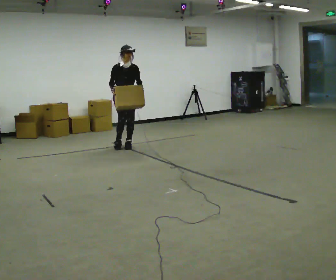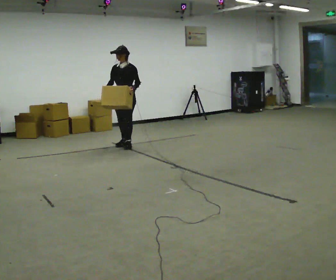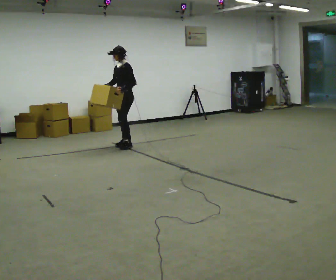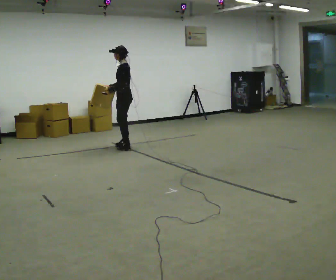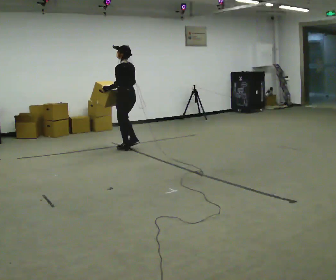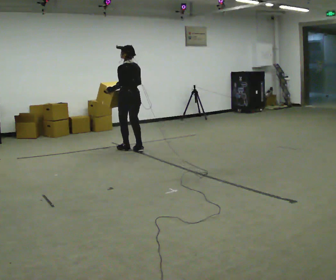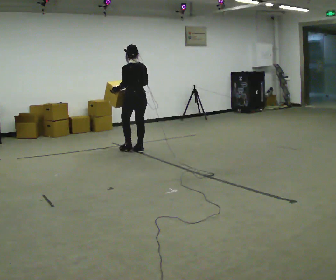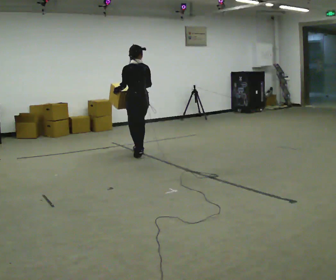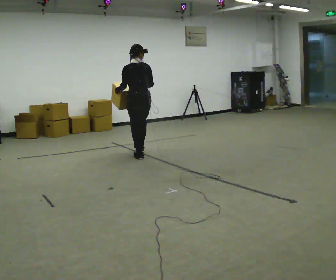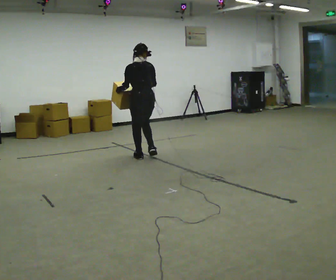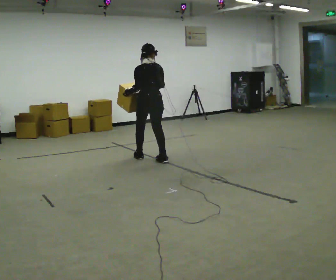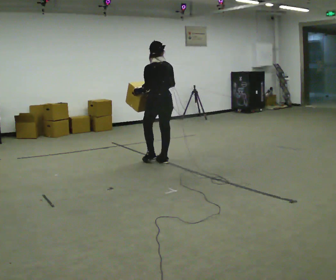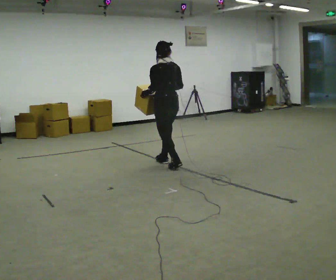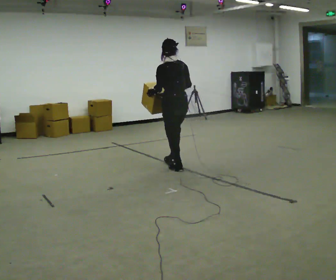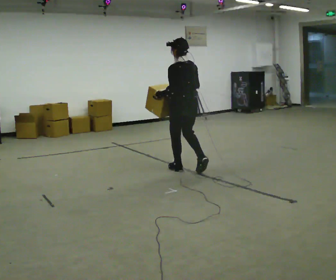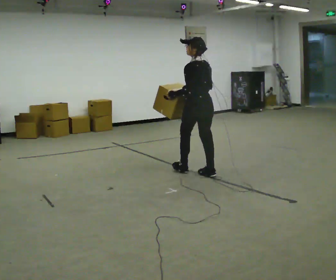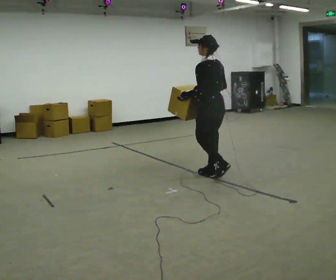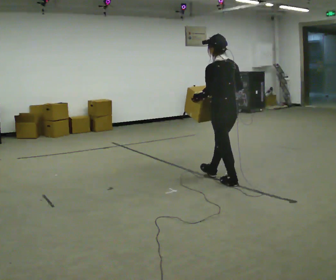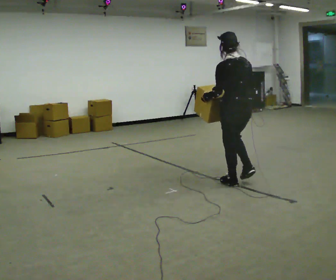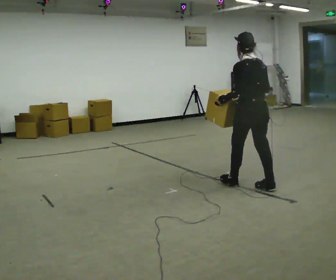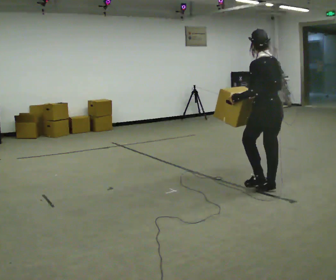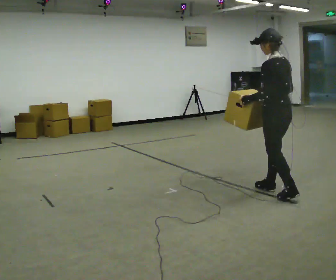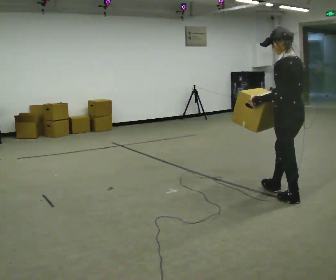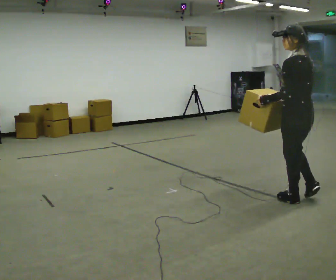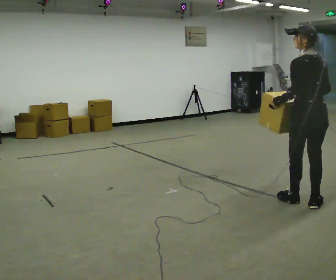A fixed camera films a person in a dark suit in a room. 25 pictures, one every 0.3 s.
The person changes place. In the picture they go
toward the camera.
0.0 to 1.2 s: Seen from above the body turns clockwise, about 135 degrees: to their right, with its near side sliding to the left. In the picture they go toward the camera, about 0.25 m in 2 steps.
1.2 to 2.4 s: In the picture they go toward the camera and to the right, about 0.5 m in 2 steps, which for them is backward.
2.4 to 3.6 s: In the picture they go toward the camera and to the right, about 0.75 m in 1 step, which for them is backward.
3.6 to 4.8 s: In the picture they go toward the camera and to the right, about 1 m in 2 steps, which for them is backward.
4.8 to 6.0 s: In the picture they go toward the camera and to the right, about 1 m in 2 steps, which for them is backward.
6.0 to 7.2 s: Seen from above the body turns clockwise, about 30 degrees: to their right, with its near side sliding to the left. In the picture they go toward the camera and to the right, about 0.5 m in 1 step, which for them is backward.
The film runs backward here.
